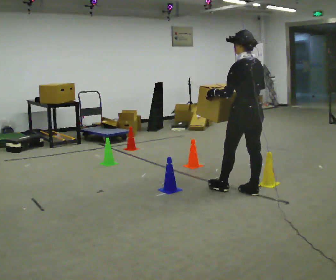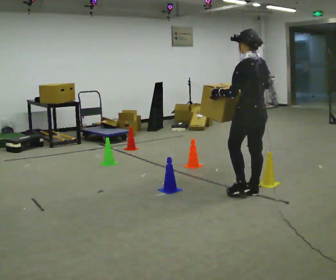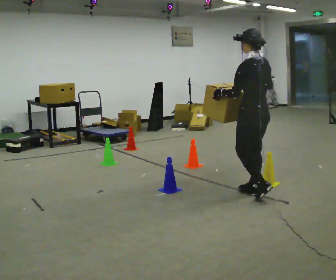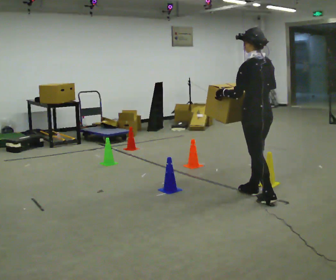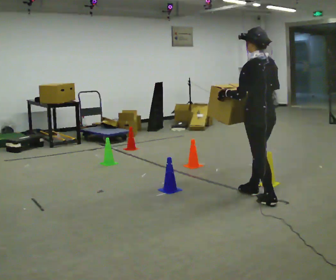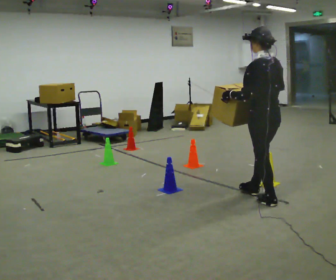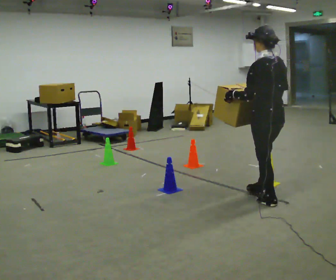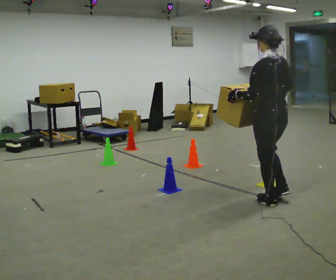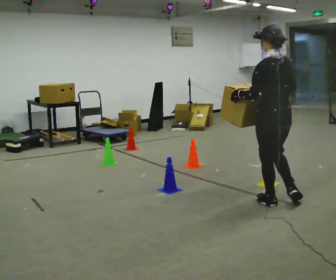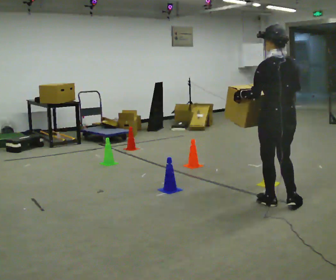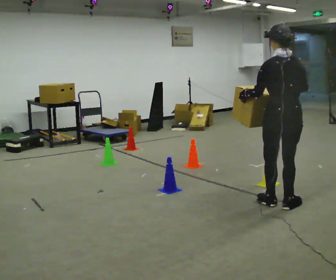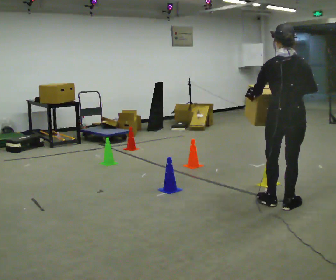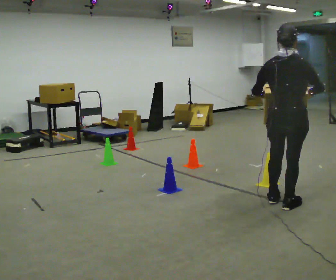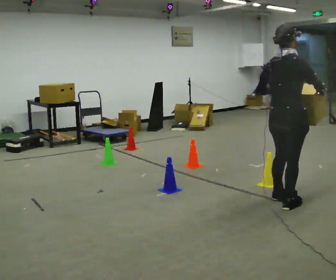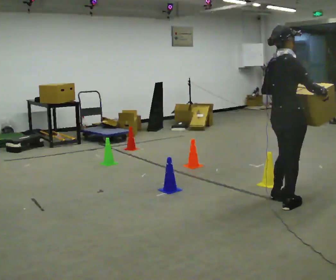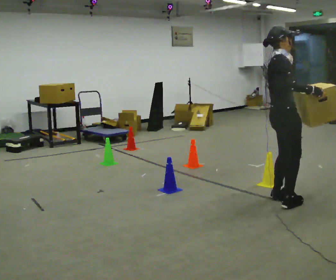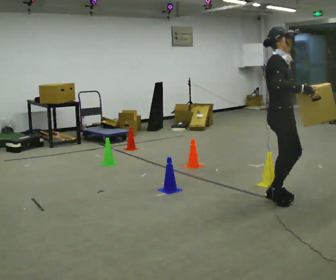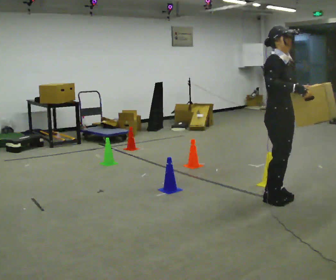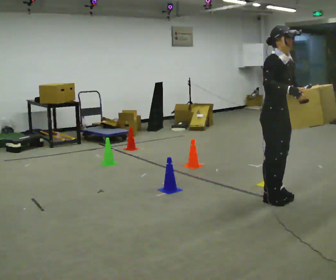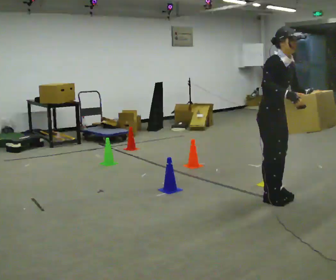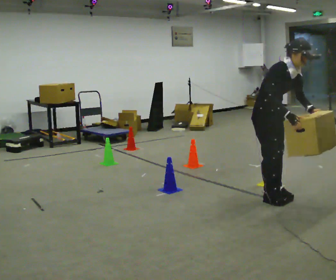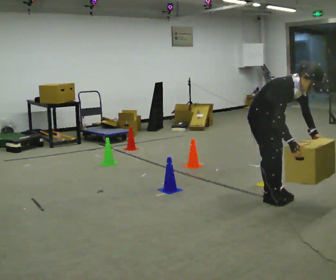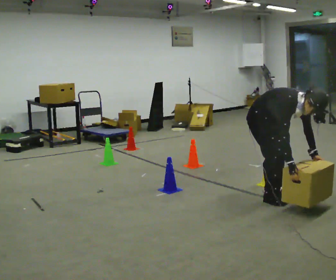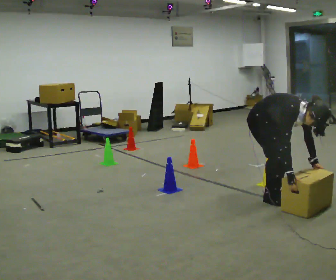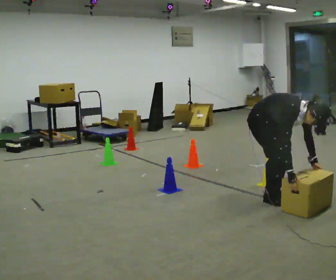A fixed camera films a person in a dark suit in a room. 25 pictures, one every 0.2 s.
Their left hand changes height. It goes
downward.
The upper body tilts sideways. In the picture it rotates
clockwise.
0.0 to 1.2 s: In the picture they go toward the camera and to the right, about 0.25 m in 1 step, which for them is backward.
1.2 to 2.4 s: The person turns about 60 degrees to their right, clockwise seen from above, so the part of the body nearest the lens slides to the left. In the picture they go to the right, about 0.25 m in 1 step, which for them is backward. In the picture their right hand goes to the right.
2.4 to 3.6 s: The person turns about 105 degrees to their right, clockwise seen from above, so the part of the body nearest the lens slides to the left. In the picture they go away from the camera, about 0.25 m in 1 step.
3.6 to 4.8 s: The shoulders move downward. In the picture the upper body tilts clockwise, shoulders to the right, as they bend forward. In the picture their right hand goes downward.
The film runs backward here.
